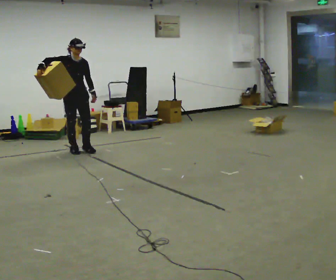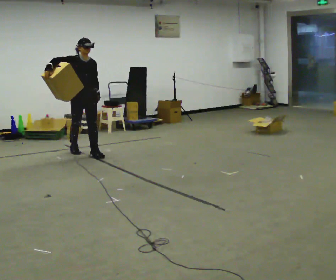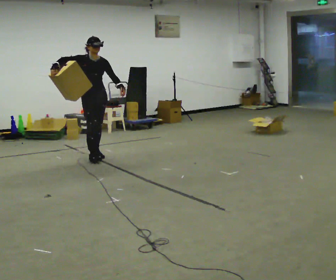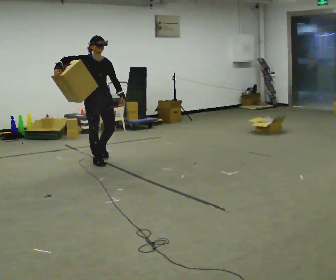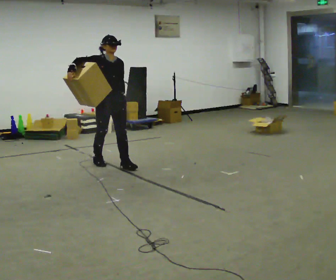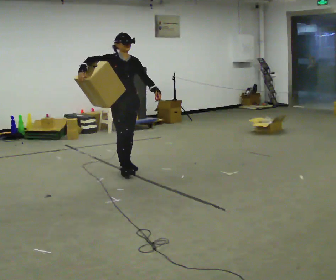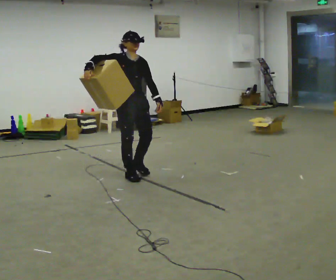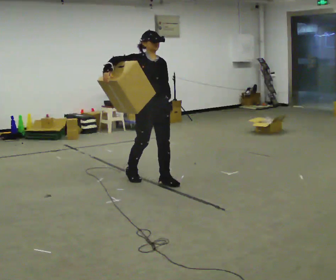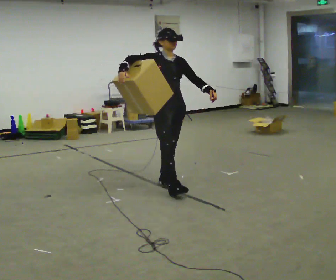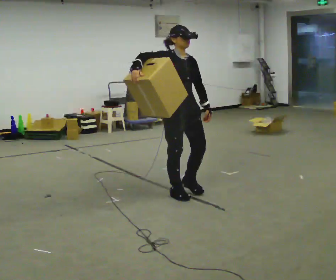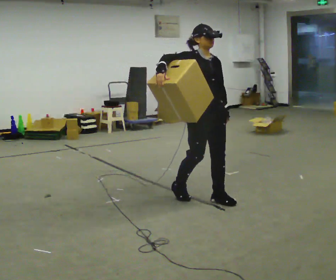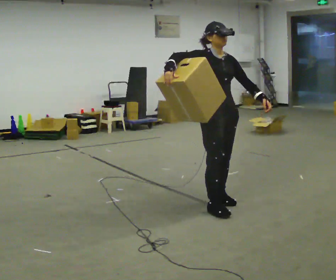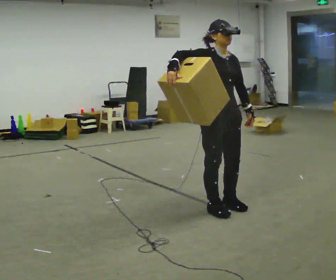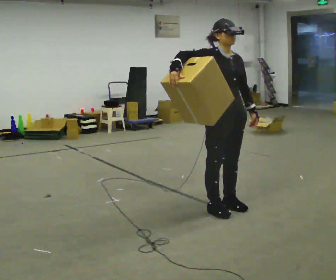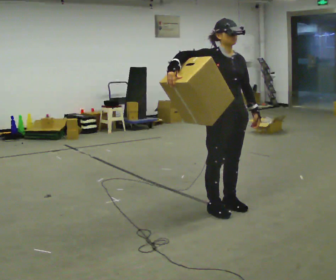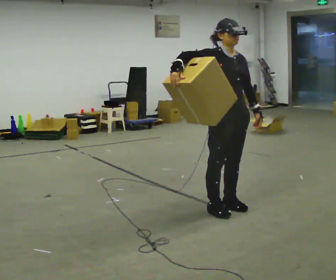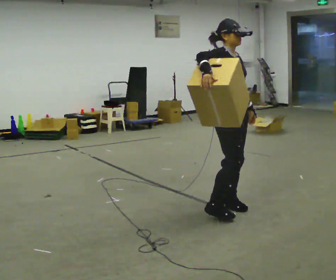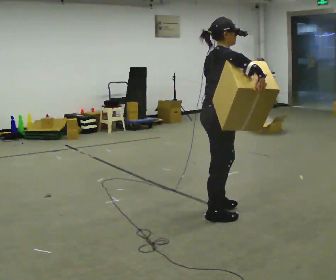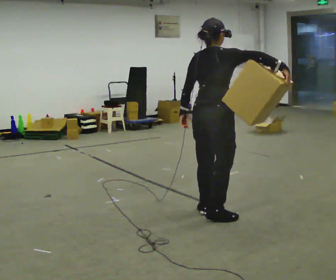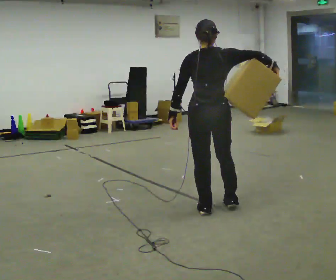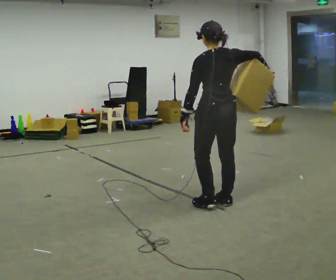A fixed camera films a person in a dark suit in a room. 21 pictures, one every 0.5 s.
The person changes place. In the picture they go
to the right.
0.0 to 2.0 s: In the picture they go to the right and toward the camera, about 1 m in 3 steps, which for them is forward.
2.0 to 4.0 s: In the picture they go to the right and toward the camera, about 1 m in 2 steps, which for them is forward.
4.0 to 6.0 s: In the picture they go to the right and toward the camera, about 1 m in 4 steps, which for them is forward.
6.0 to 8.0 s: The part of the body nearest the lens slides to the right as the person turns to their left by about 30 degrees.
8.0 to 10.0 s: The part of the body nearest the lens slides to the right as the person turns to their left by about 150 degrees.
The film runs forward here.
